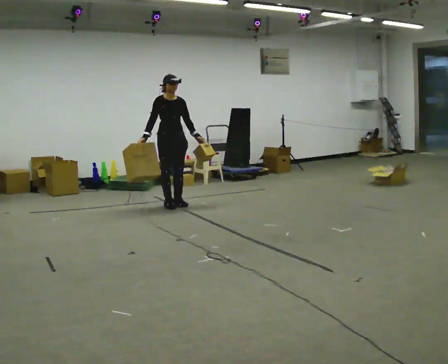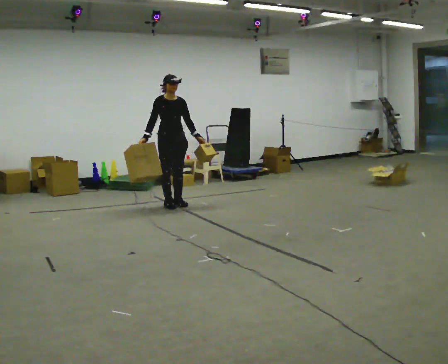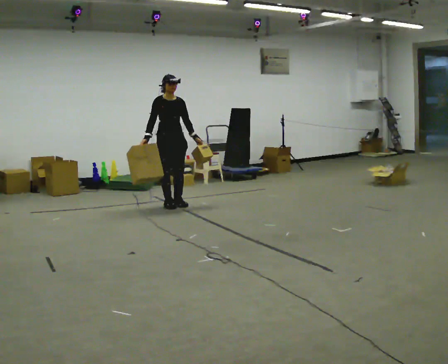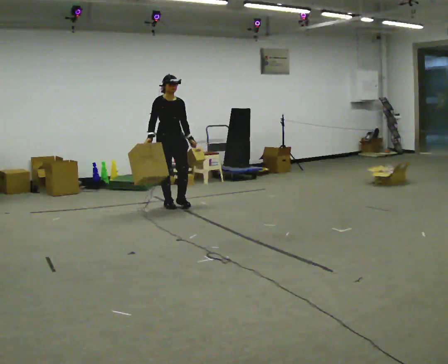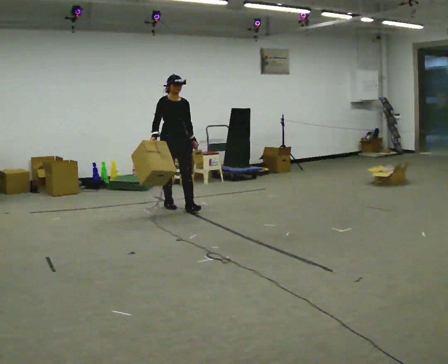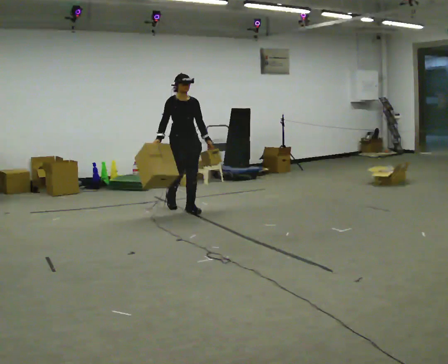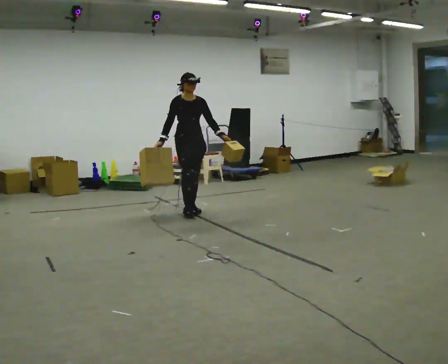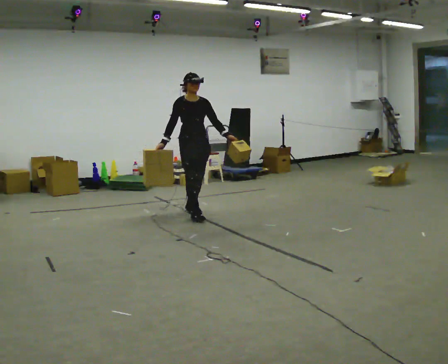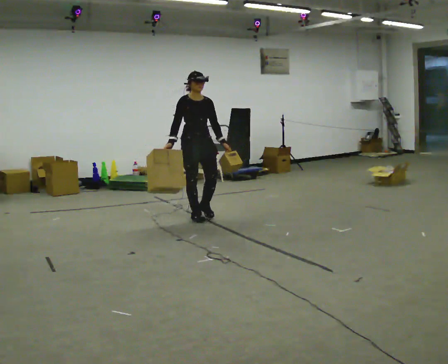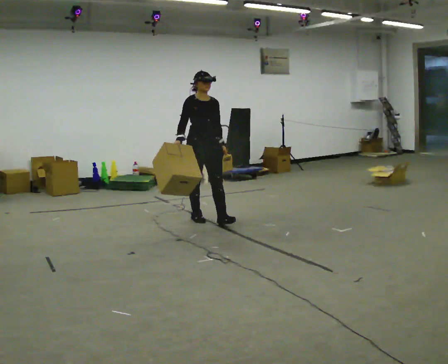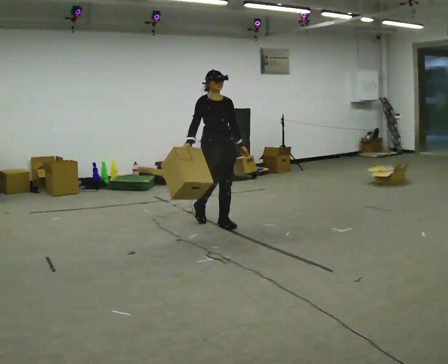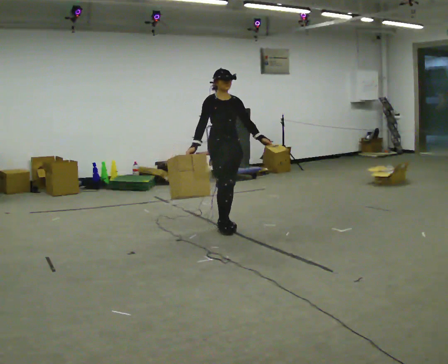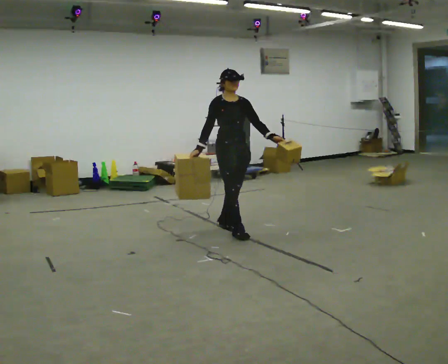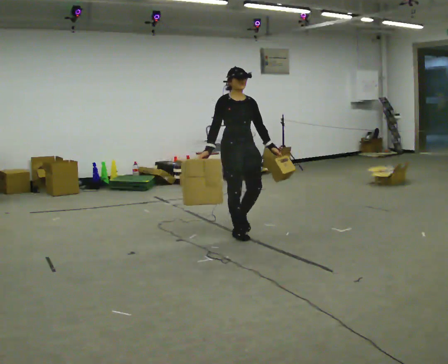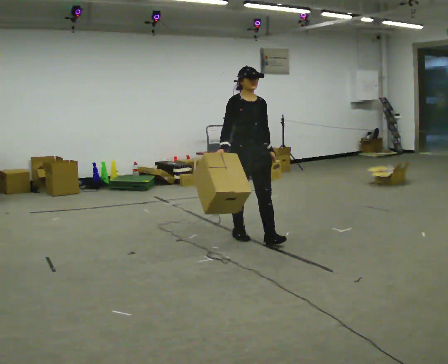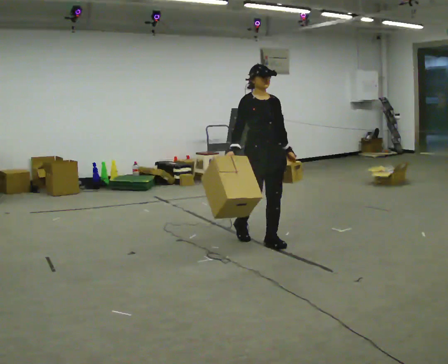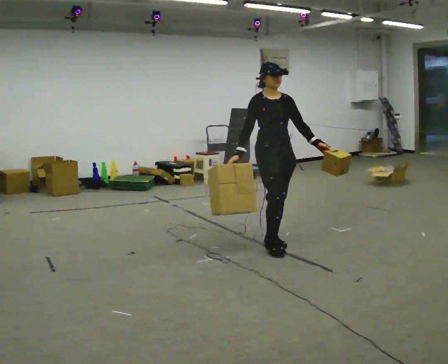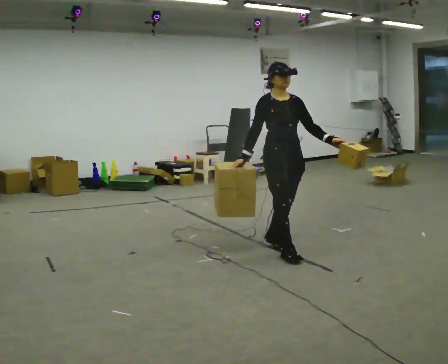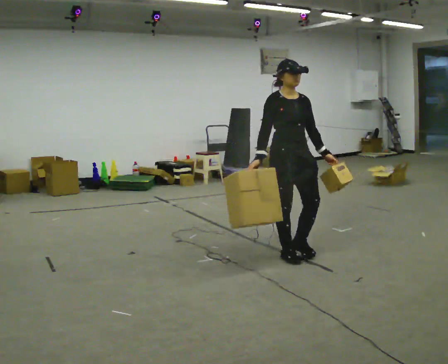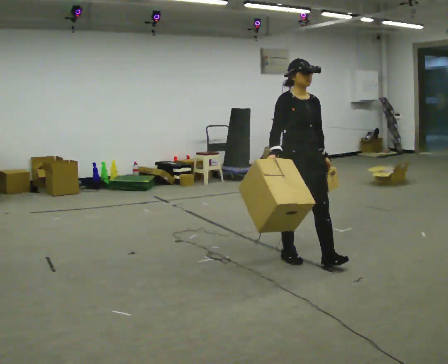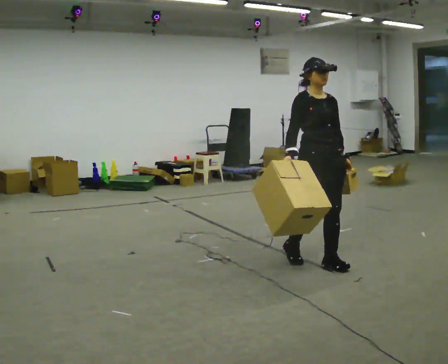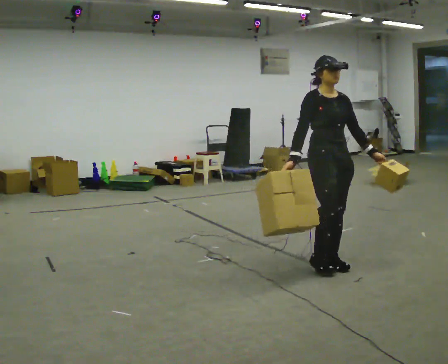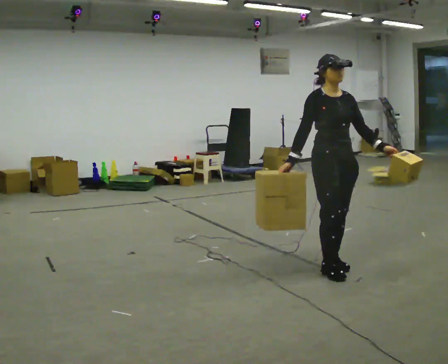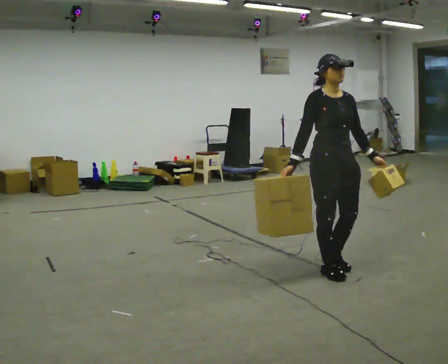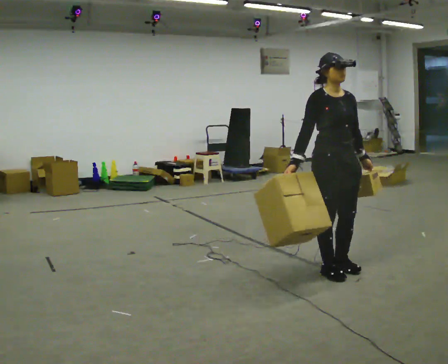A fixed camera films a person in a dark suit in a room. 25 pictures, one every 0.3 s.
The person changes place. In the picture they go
toward the camera.
0.0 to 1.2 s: In the picture they go toward the camera, about 0.25 m in 1 step, which for them is forward.
1.2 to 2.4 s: In the picture they go toward the camera and to the right, about 0.5 m in 1 step, which for them is forward.
2.4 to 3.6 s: In the picture they go toward the camera and to the right, about 0.75 m in 2 steps, which for them is forward.
3.6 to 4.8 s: In the picture they go toward the camera and to the right, about 0.75 m in 1 step, which for them is forward.
4.8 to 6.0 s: In the picture they go toward the camera and to the right, about 0.5 m in 2 steps, which for them is forward.
6.0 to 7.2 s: In the picture they go toward the camera, about 0.25 m in 1 step, which for them is forward.
The film runs forward here.
